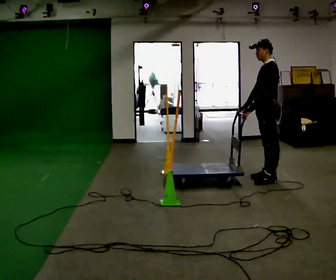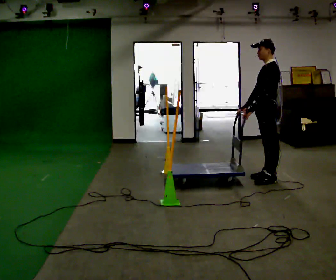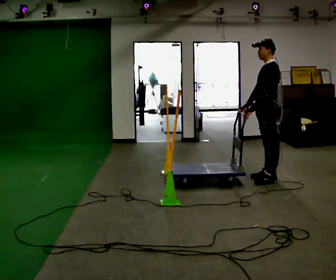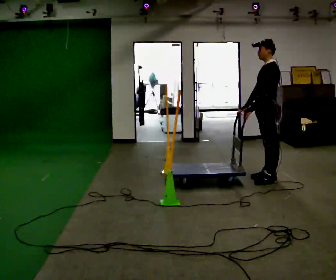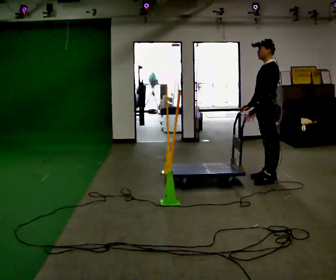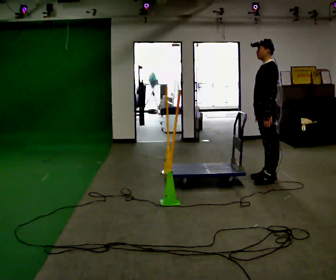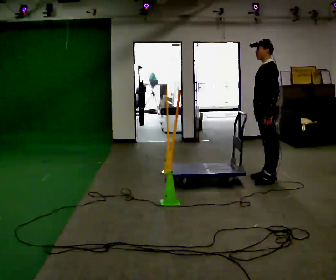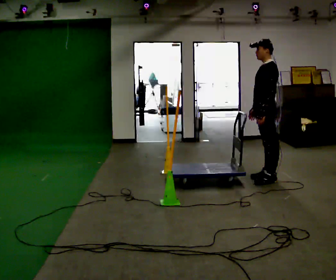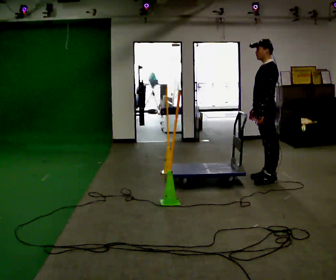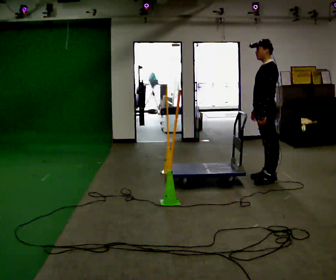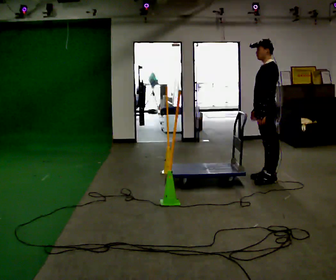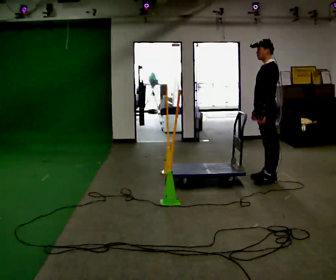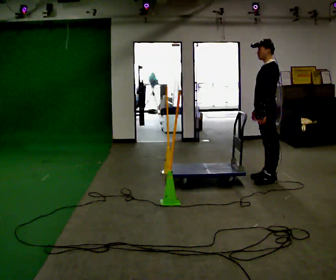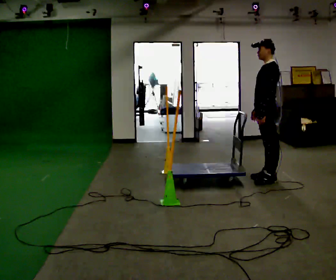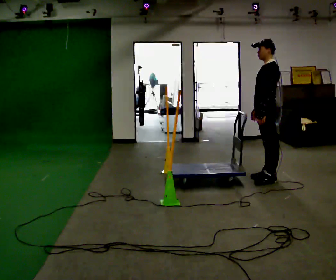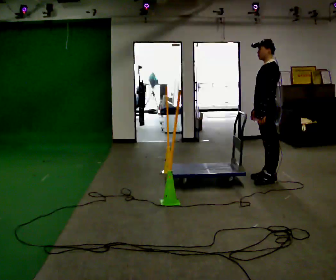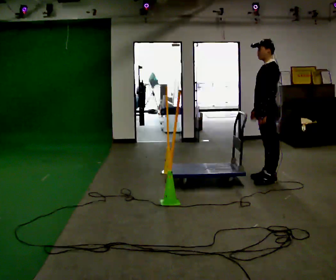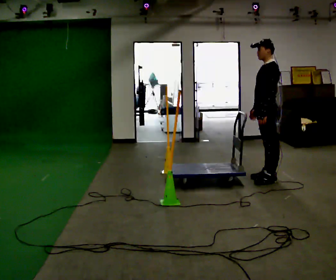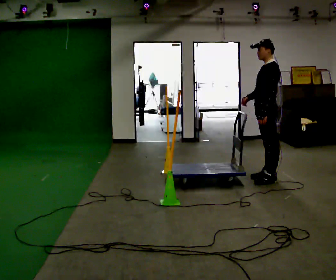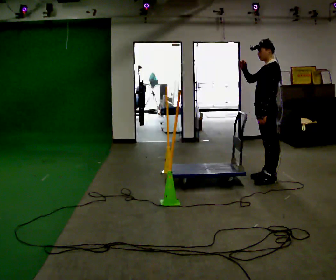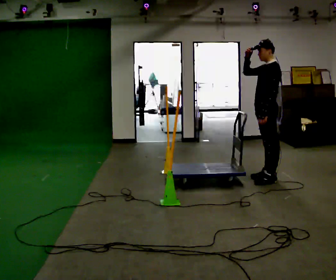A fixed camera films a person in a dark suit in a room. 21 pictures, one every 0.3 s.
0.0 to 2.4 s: The person moves a little, or ends about where they began.
2.4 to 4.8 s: The person keeps their place and pose.
4.8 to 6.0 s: In the picture their right hand goes upward, the arm swinging clockwise.
The film runs forward here.
